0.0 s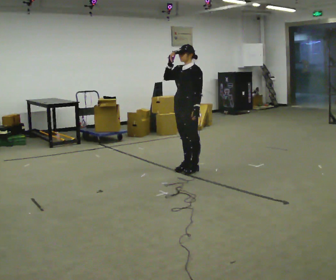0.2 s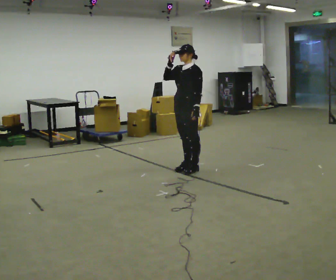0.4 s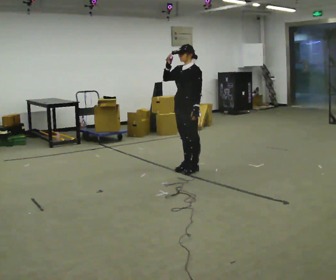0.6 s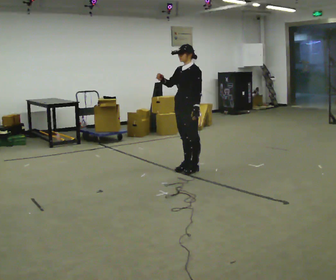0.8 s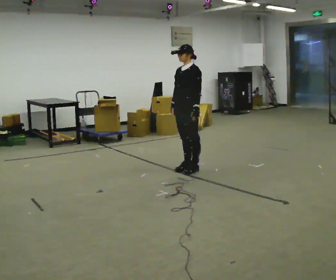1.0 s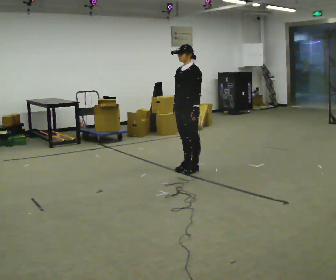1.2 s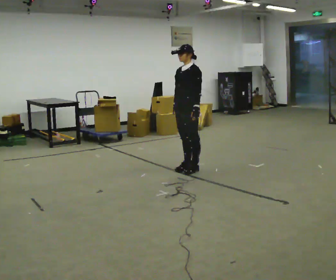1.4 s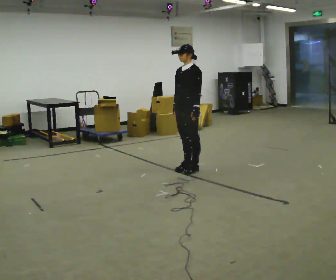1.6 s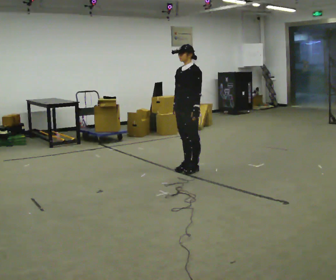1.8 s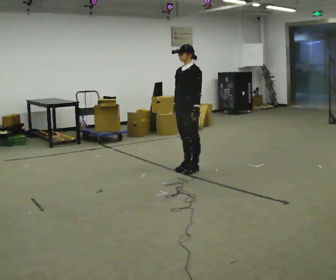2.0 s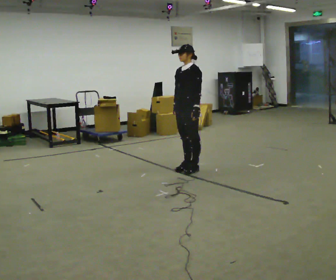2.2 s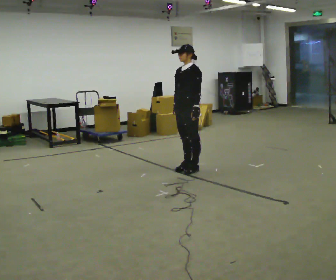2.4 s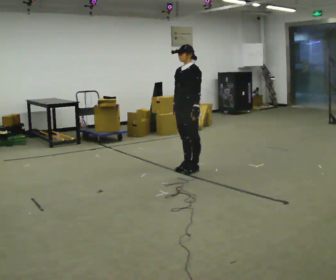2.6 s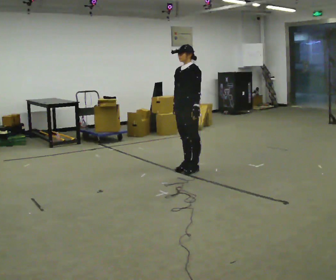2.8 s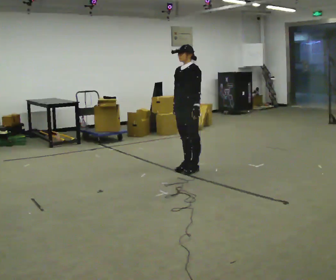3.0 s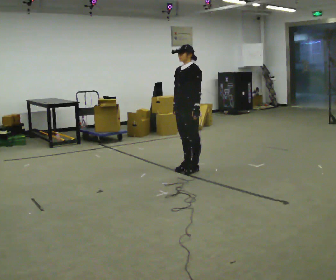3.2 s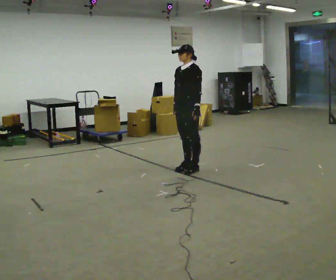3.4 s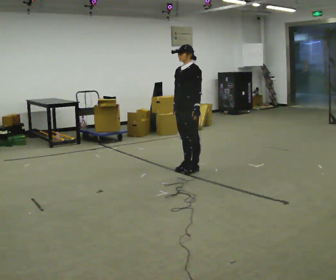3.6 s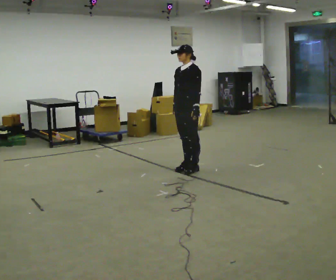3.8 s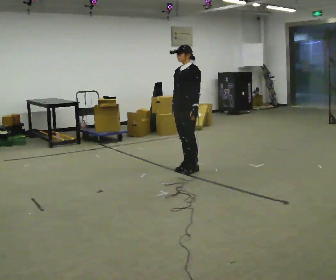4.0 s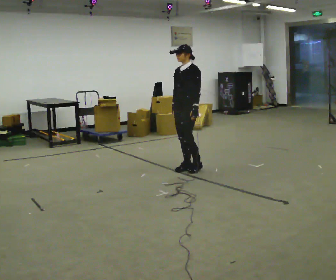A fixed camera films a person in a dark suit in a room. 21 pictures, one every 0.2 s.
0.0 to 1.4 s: In the picture their right hand goes downward.
1.4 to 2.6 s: The person keeps their place and pose.
2.6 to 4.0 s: The person moves a little, or ends about where they began.
The film runs backward here.
